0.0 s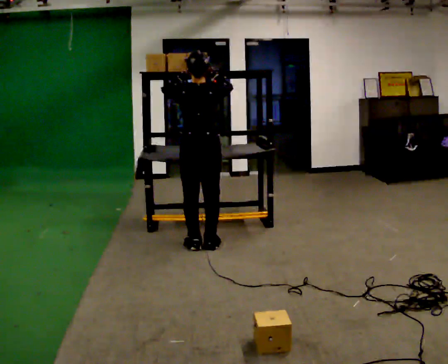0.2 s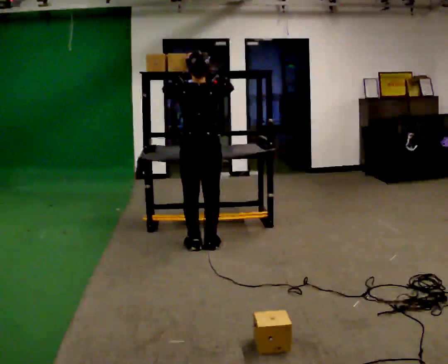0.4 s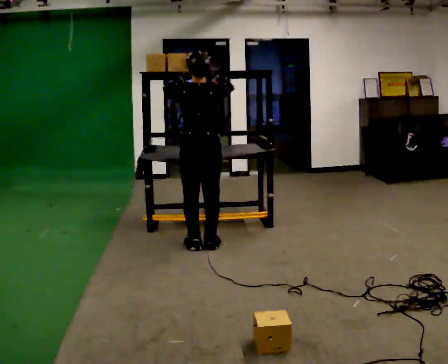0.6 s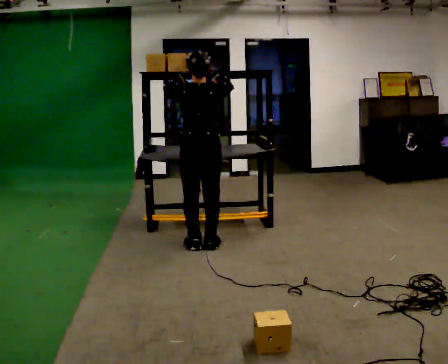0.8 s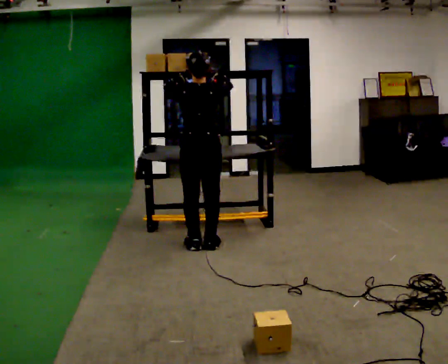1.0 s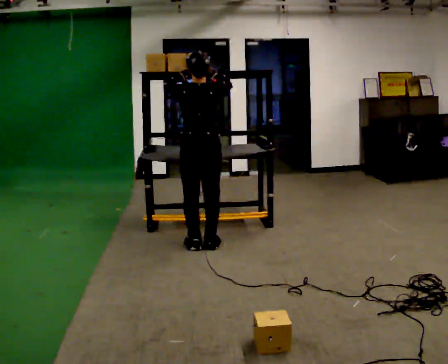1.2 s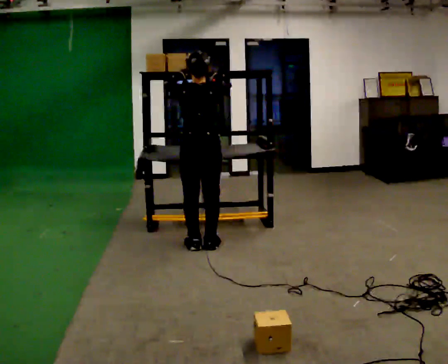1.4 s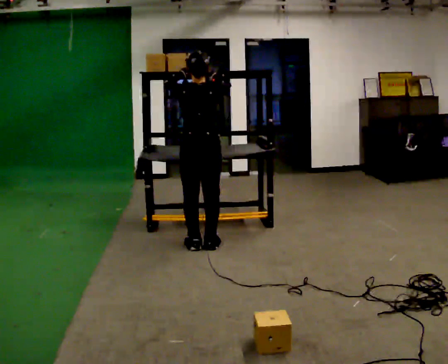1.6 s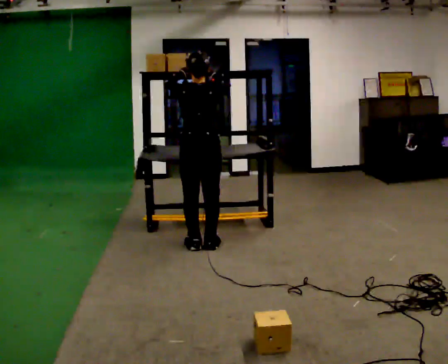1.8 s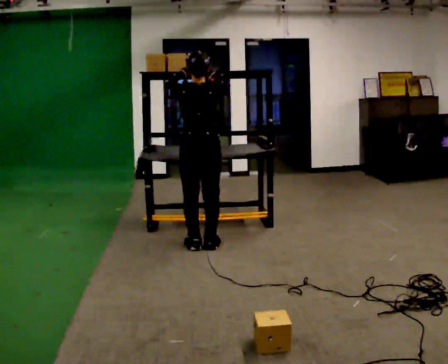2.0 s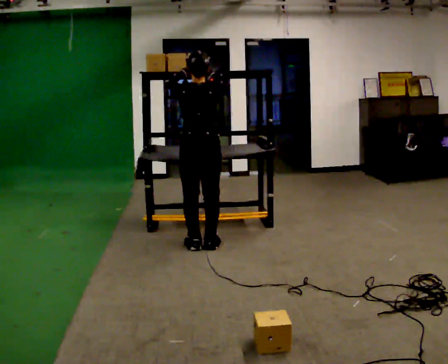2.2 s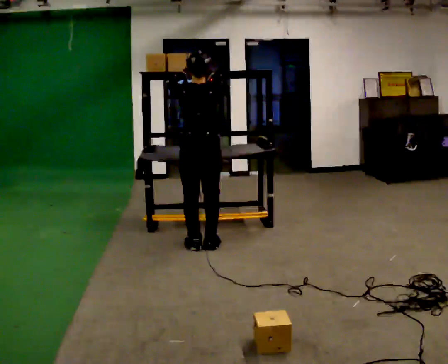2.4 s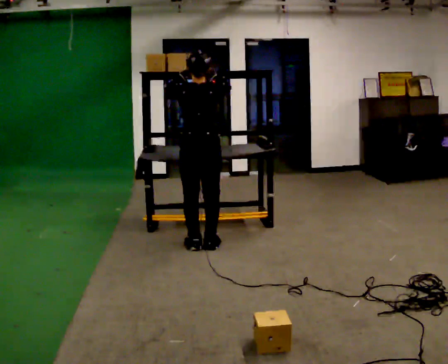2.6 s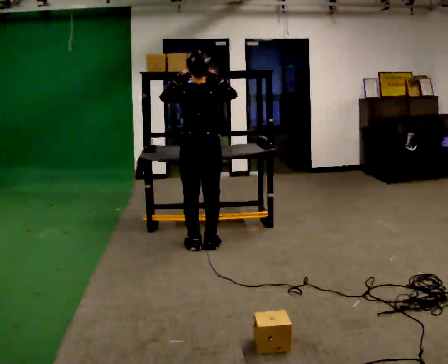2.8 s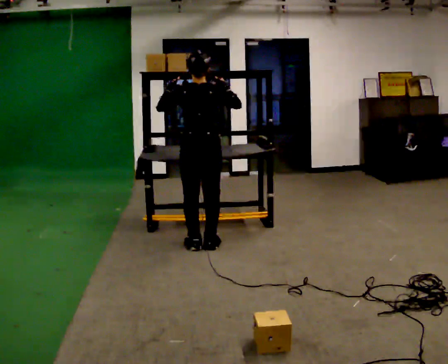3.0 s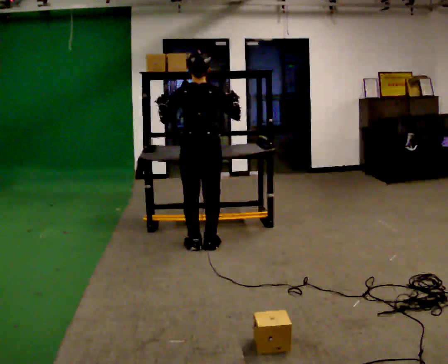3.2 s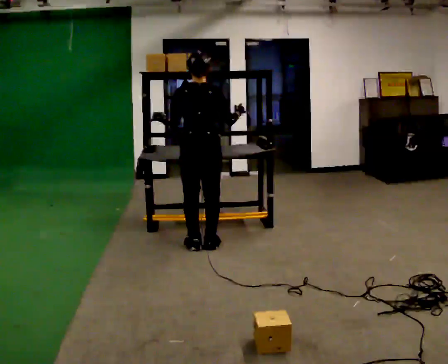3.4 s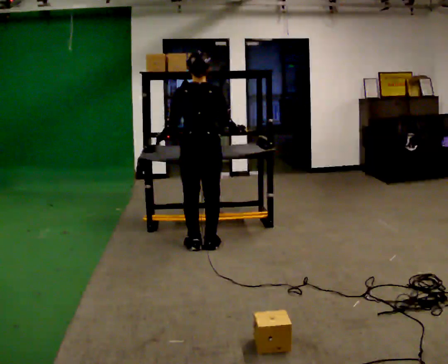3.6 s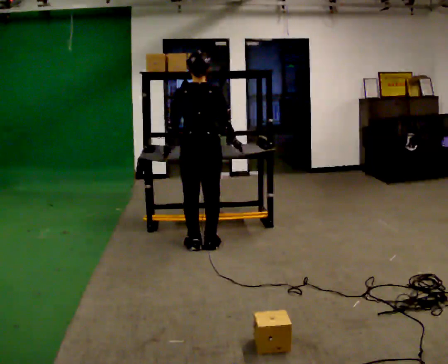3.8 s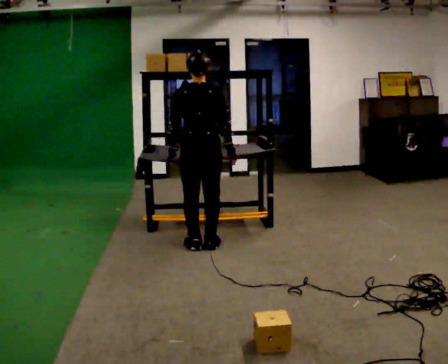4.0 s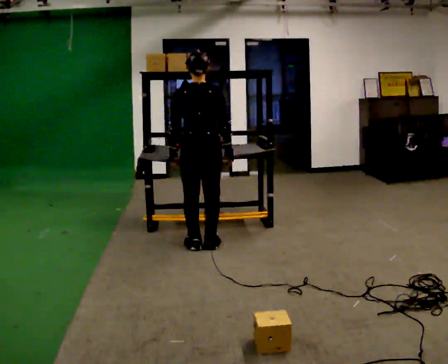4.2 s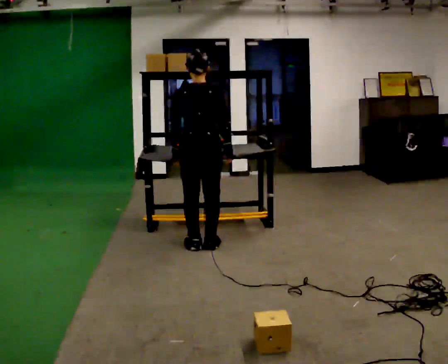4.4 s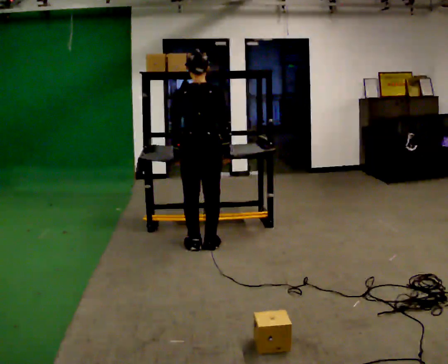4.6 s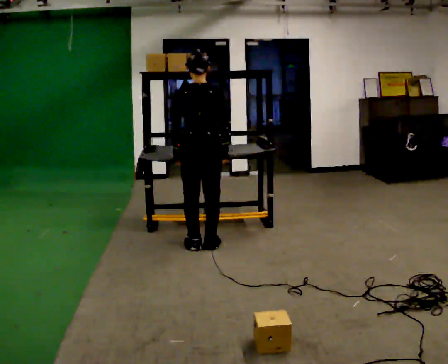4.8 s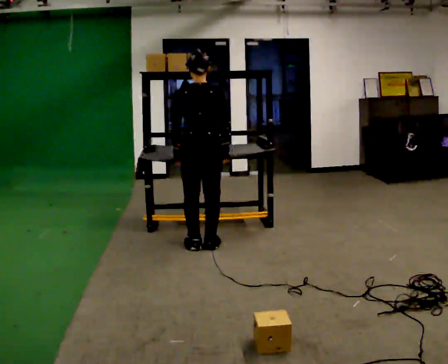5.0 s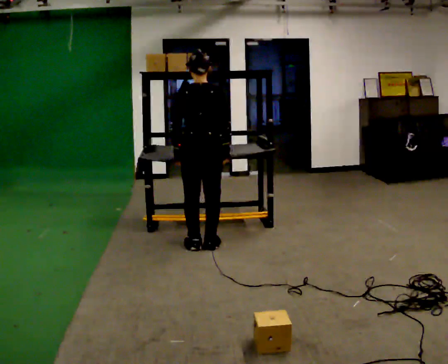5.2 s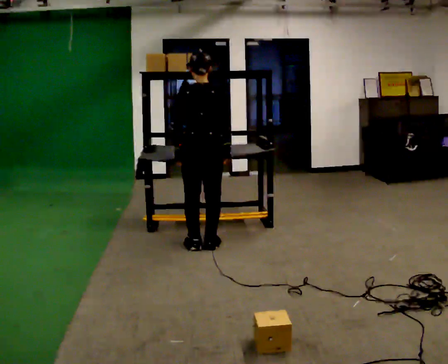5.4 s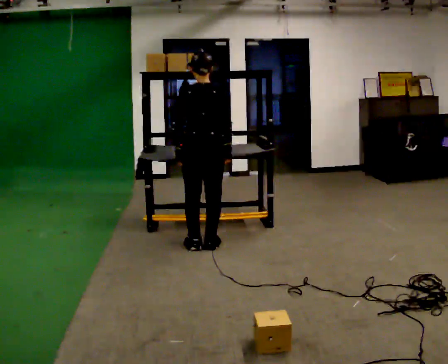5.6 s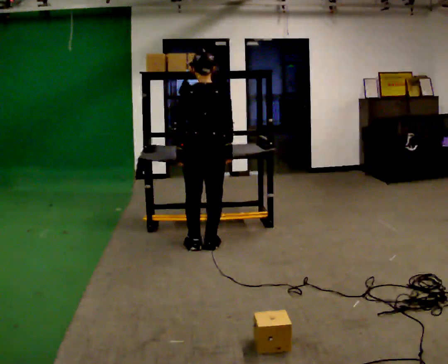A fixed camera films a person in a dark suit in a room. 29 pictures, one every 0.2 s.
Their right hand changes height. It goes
downward.
Their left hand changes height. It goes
downward.
0.0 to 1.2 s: The person moves a little, or ends about where they began.
1.2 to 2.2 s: The person keeps their place and pose.
2.2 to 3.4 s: In the picture their left hand goes downward.
3.4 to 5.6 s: The person moves a little, or ends about where they began.
The film runs forward here.
